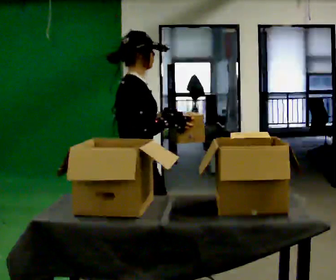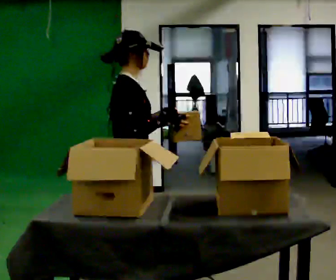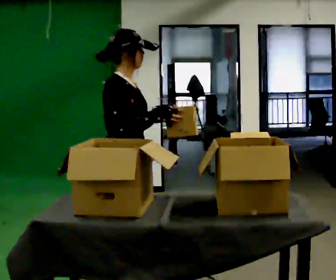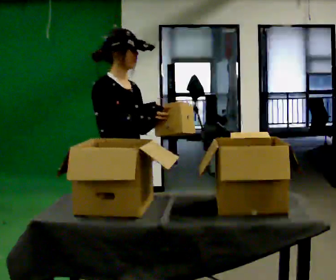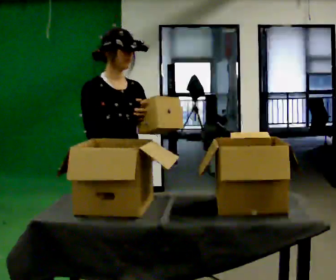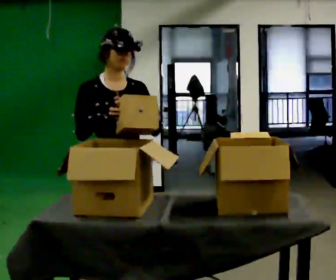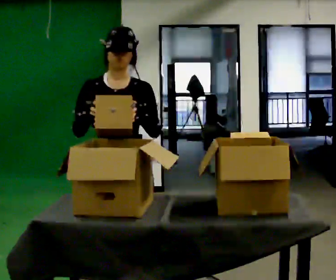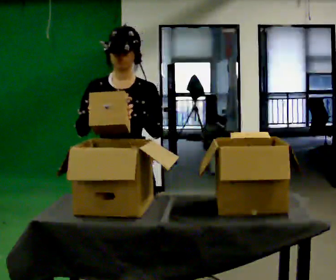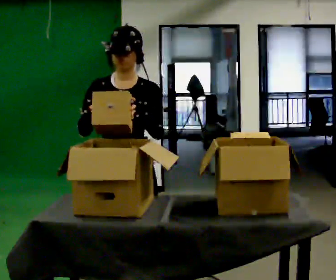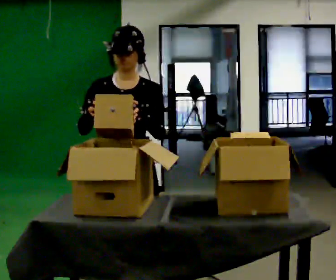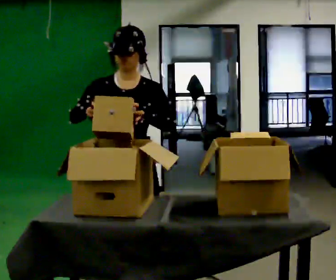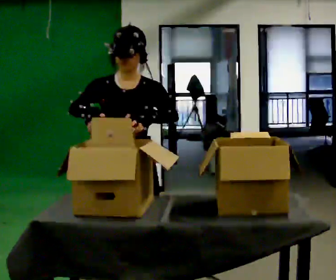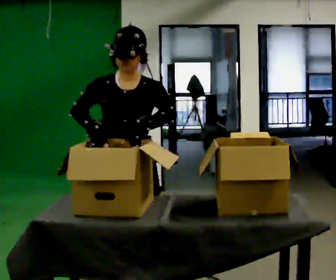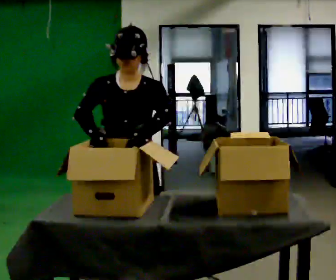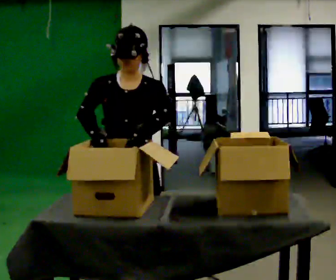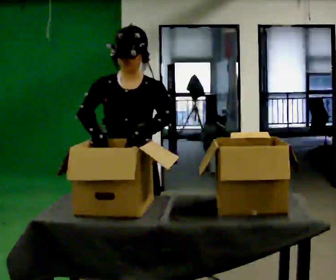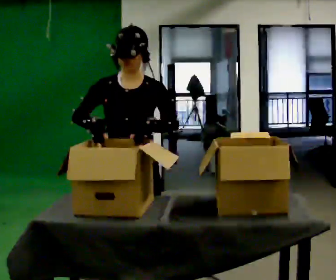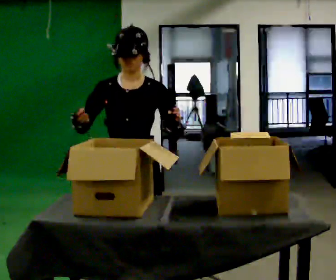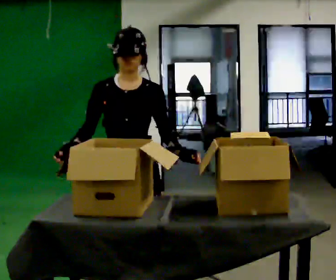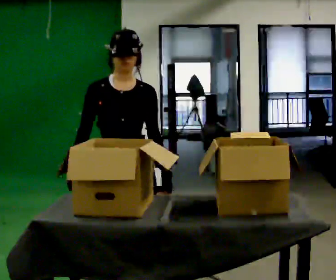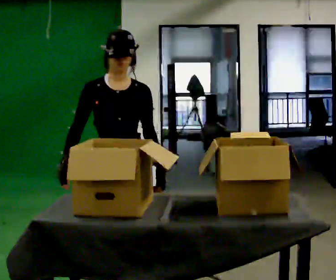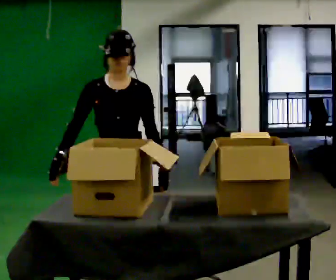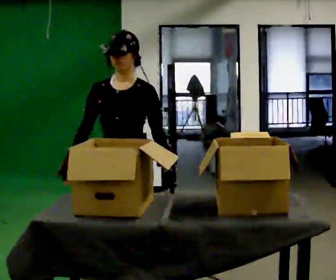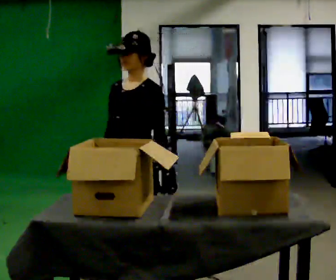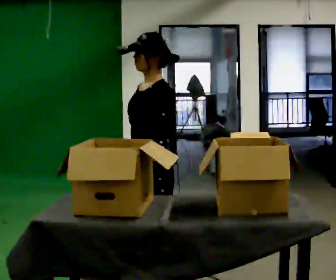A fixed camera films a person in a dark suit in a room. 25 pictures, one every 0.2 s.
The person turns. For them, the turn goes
to their right.
The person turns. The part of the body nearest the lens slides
to the left.
0.0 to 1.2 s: Seen from above the body turns clockwise, about 105 degrees: to their right, with its near side sliding to the left.
1.2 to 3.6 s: The person moves a little, or ends about where they began.
3.6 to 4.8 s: The part of the body nearest the lens slides to the left as the person turns to their right by about 60 degrees. In the picture they go away from the camera, about 0.25 m in 1 step.
The film runs backward here.
